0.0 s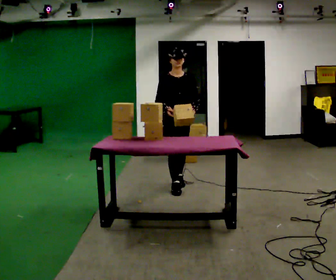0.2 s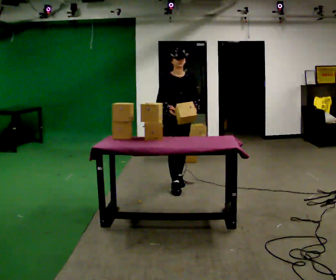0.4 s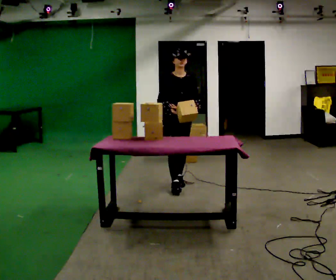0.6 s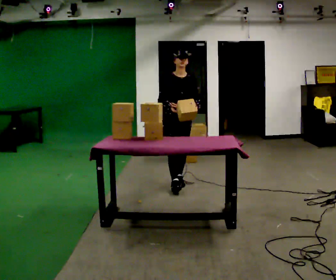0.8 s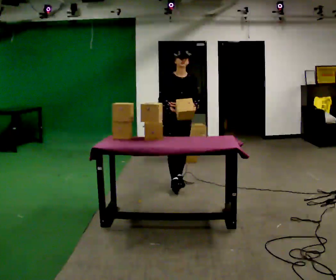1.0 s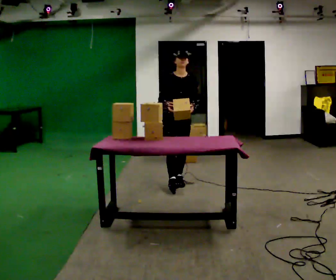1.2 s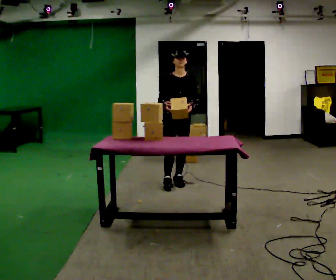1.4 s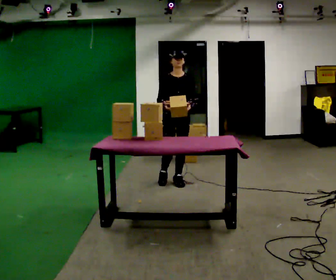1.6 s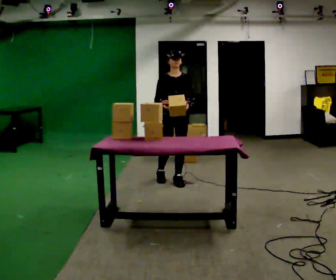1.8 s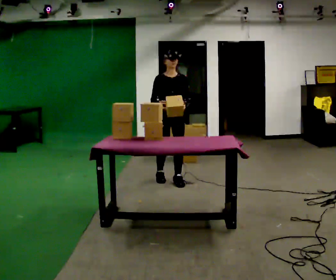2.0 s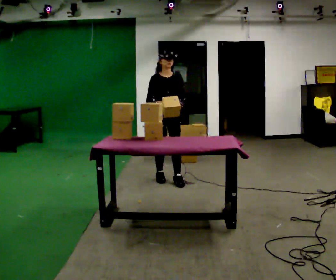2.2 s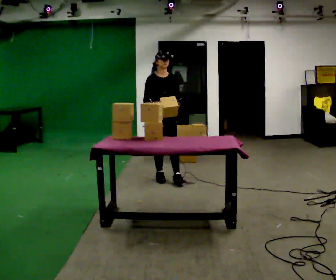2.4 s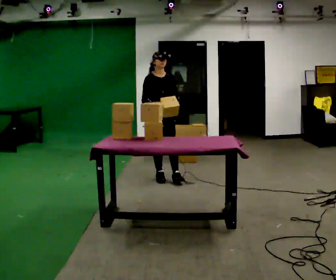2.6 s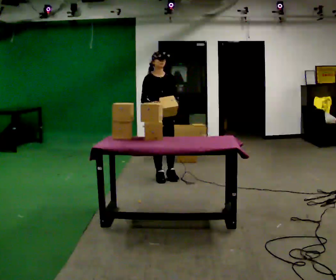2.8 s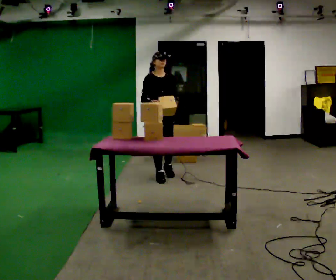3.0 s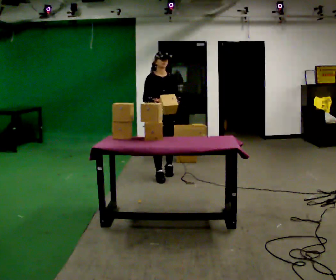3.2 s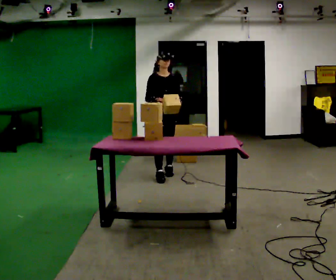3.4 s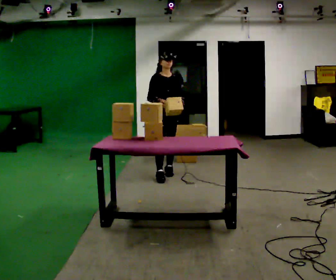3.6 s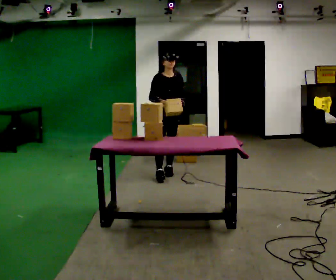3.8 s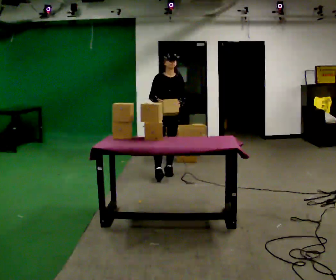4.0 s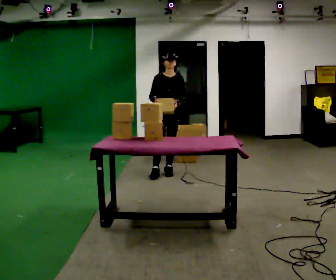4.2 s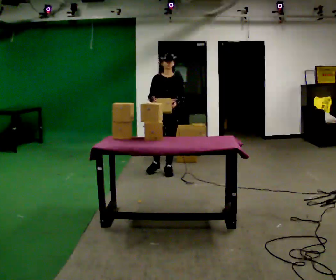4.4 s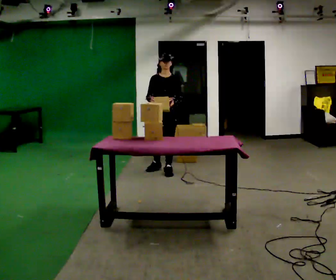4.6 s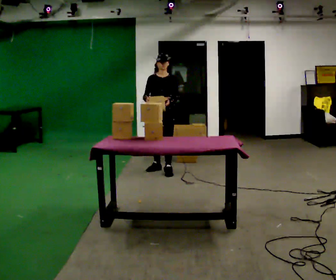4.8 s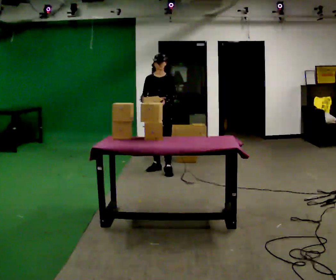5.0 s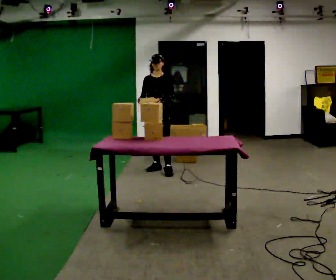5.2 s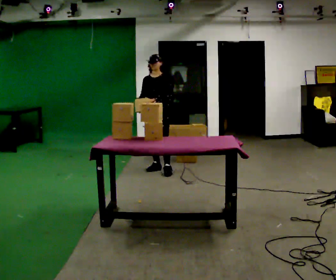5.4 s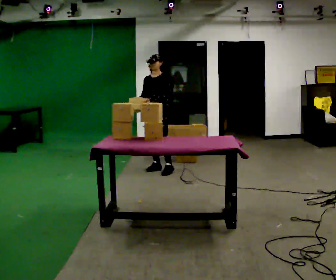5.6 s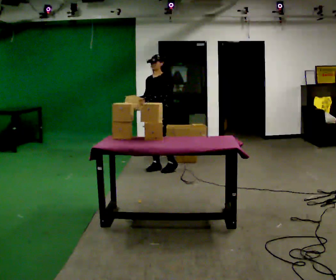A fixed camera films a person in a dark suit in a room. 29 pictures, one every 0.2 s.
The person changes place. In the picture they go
away from the camera.
0.0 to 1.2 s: In the picture they go away from the camera, about 0.25 m in 1 step, which for them is backward.
1.2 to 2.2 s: In the picture they go to the left and away from the camera, about 0.25 m, which for them is to their right and backward.
2.2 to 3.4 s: In the picture they go away from the camera, about 0.25 m in 1 step, which for them is backward.
3.4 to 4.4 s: In the picture they go away from the camera, about 0.25 m in 1 step, which for them is backward.
4.4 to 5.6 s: The person turns about 30 degrees to their right, clockwise seen from above, so the part of the body nearest the lens slides to the left. In the picture they go away from the camera, about 0.25 m, which for them is backward and to their right. In the picture their left hand goes to the left.
The film runs backward here.
